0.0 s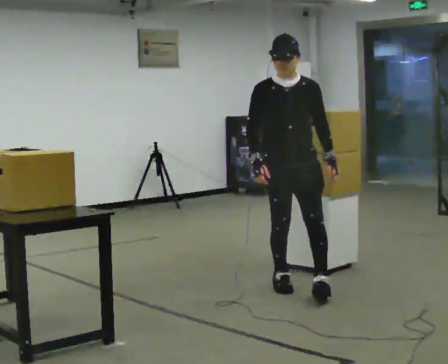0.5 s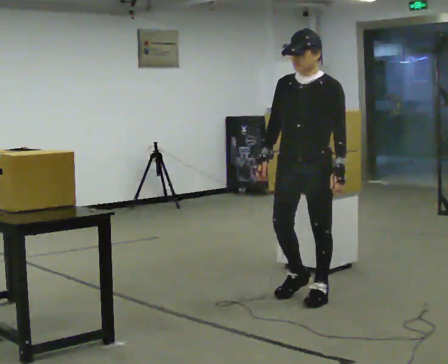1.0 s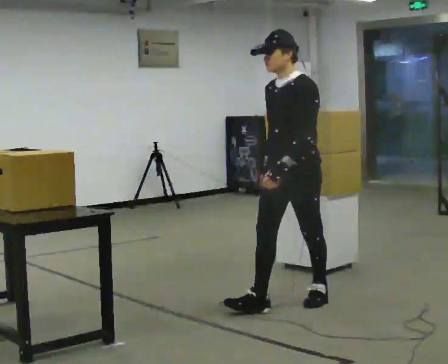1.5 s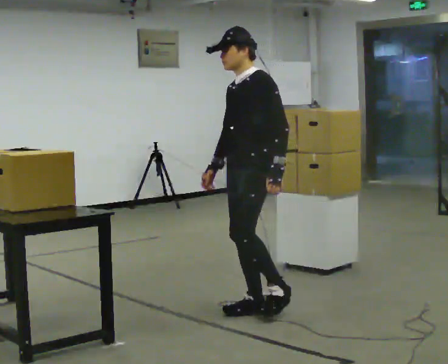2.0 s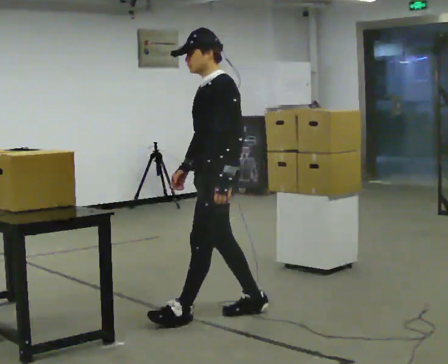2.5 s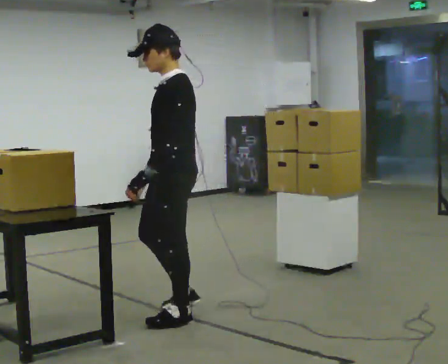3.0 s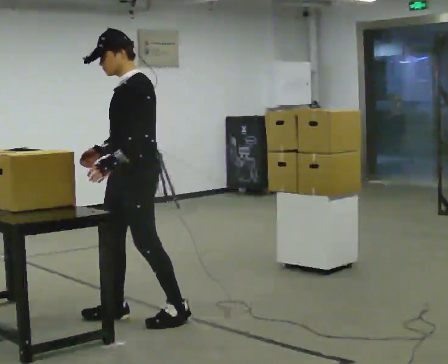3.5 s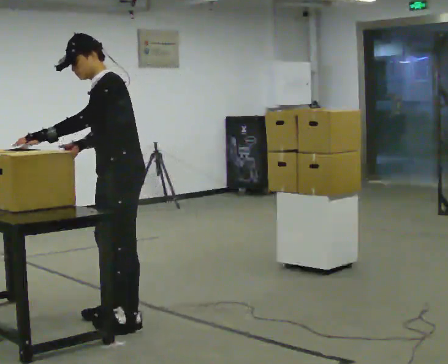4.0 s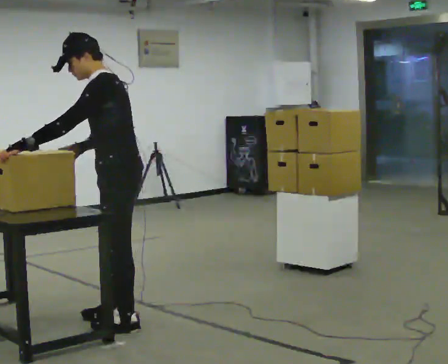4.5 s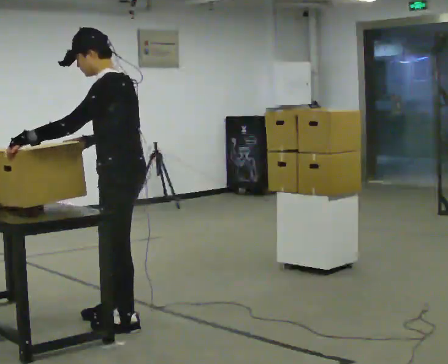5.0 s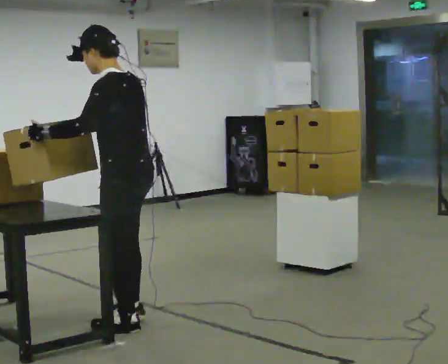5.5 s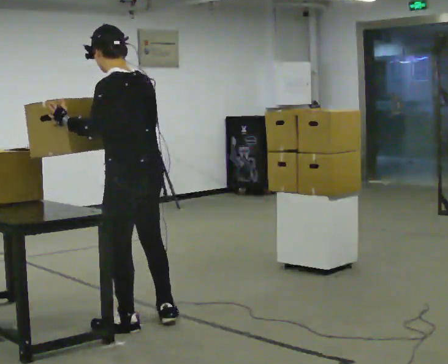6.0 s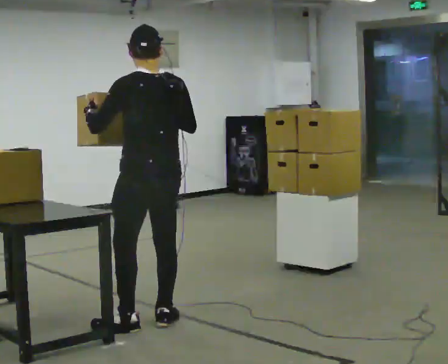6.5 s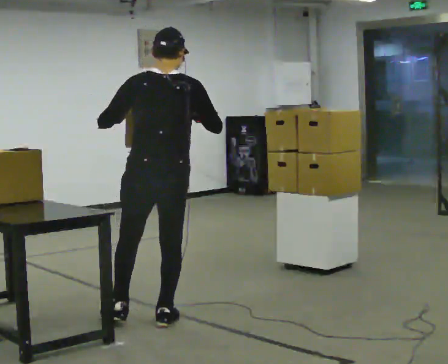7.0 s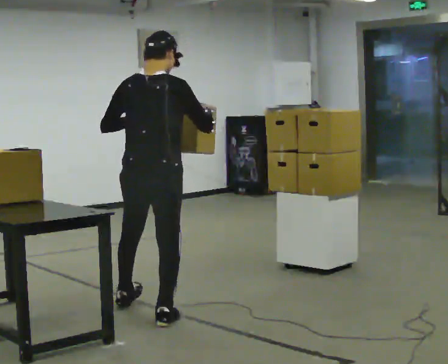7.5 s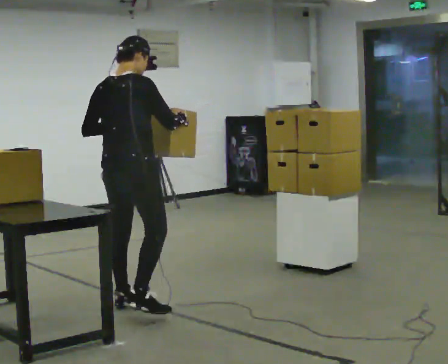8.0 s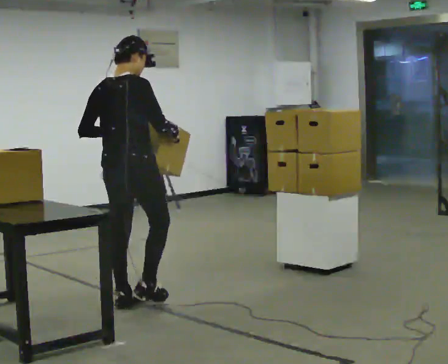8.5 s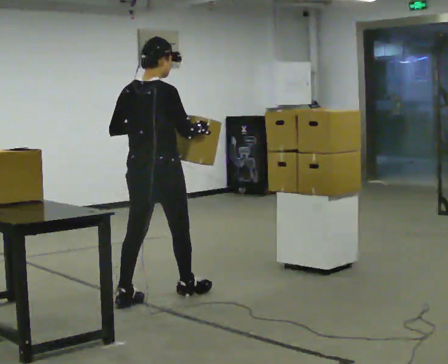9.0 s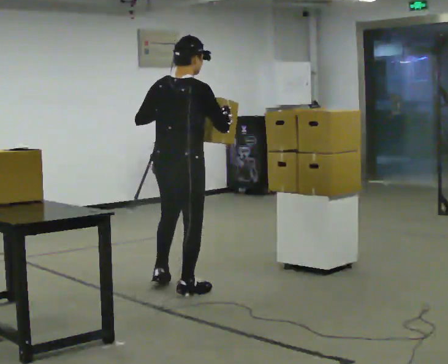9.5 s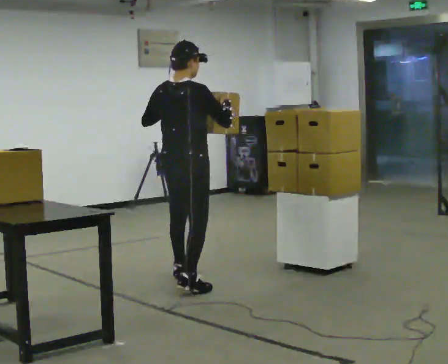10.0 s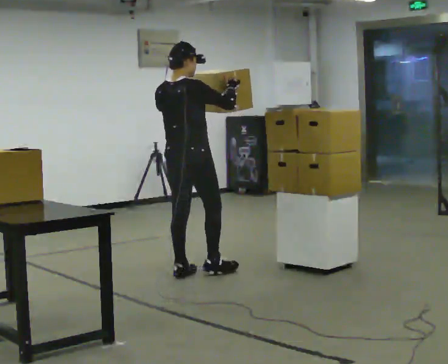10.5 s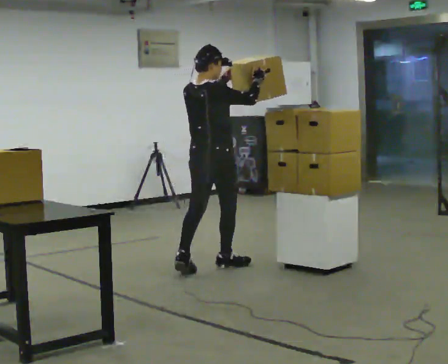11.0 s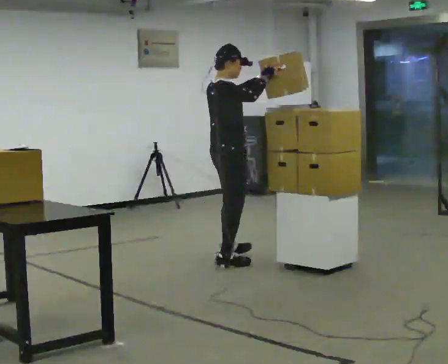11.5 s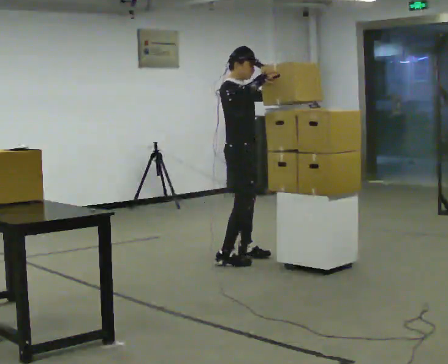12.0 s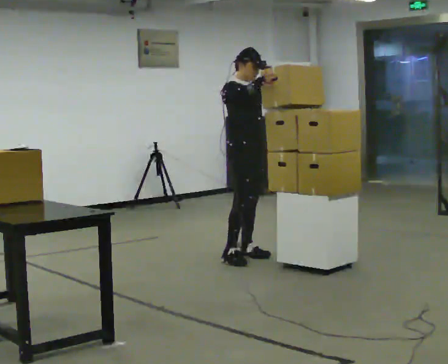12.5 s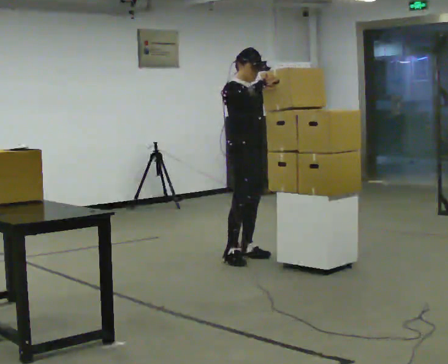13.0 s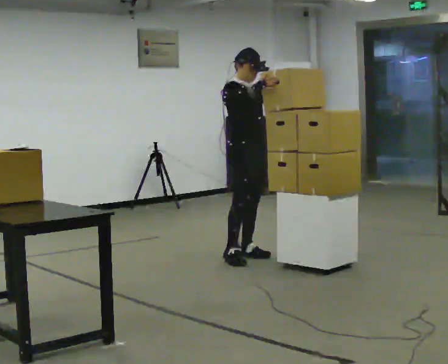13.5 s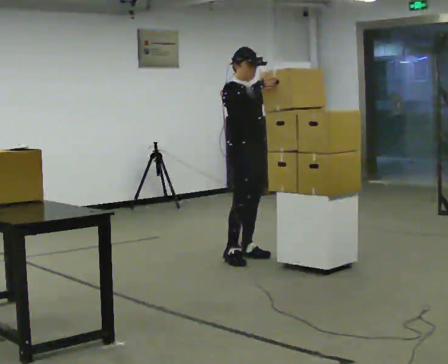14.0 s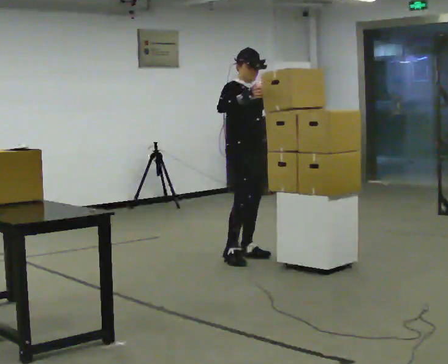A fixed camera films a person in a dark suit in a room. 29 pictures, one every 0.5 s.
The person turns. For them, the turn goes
to their right.
The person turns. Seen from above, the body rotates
clockwise.
0.0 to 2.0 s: The person turns about 75 degrees to their right, clockwise seen from above, so the part of the body nearest the lens slides to the left. In the picture they go toward the camera and to the left, about 1 m in 3 steps.
2.0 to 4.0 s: In the picture they go to the left, about 0.5 m in 2 steps, which for them is forward.
4.0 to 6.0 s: The person turns about 60 degrees to their right, clockwise seen from above, so the part of the body nearest the lens slides to the left. In the picture they go to the right, about 0.25 m in 1 step, which for them is backward. In the picture their right hand goes to the right.
6.0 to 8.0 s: Seen from above the body turns clockwise, about 60 degrees: to their right, with its near side sliding to the left. In the picture they go away from the camera and to the left, about 0.5 m in 1 step.
8.0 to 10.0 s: In the picture they go away from the camera and to the right, about 1 m in 2 steps, which for them is forward.
10.0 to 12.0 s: The person turns about 90 degrees to their right, clockwise seen from above, so the part of the body nearest the lens slides to the left. In the picture they go away from the camera and to the right, about 1 m in 3 steps.
12.0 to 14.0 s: The person moves a little, or ends about where they began.
The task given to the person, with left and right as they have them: Move objects one at a time from the waist-height shelf on your left to the one on your right. Repeat at your own pace until the operator says stop. Keep both feet on the marked spots for the whole take. If you have to step, stop and tell the operator.
The film runs forward here.
